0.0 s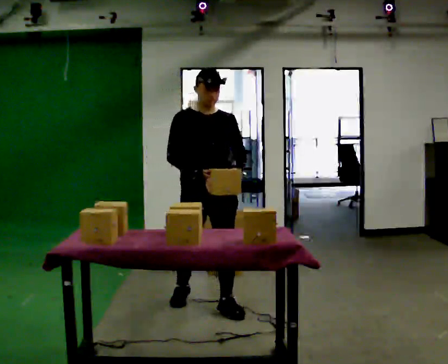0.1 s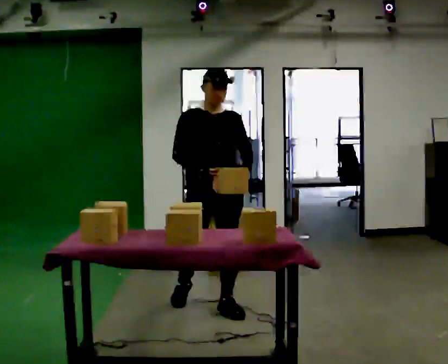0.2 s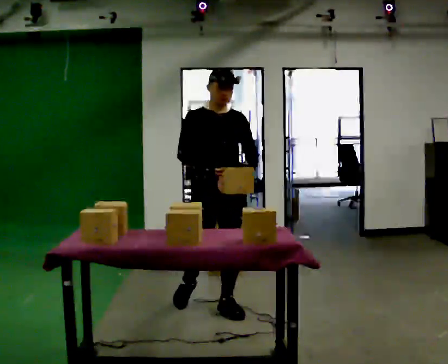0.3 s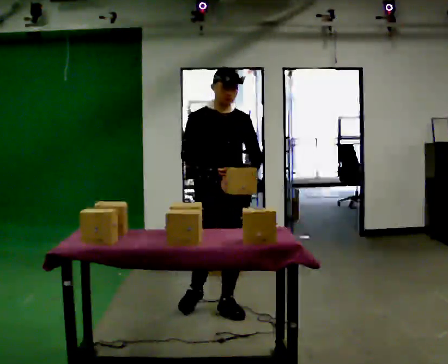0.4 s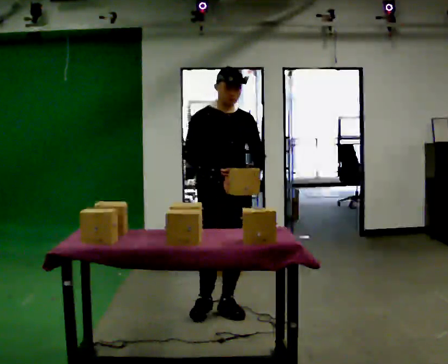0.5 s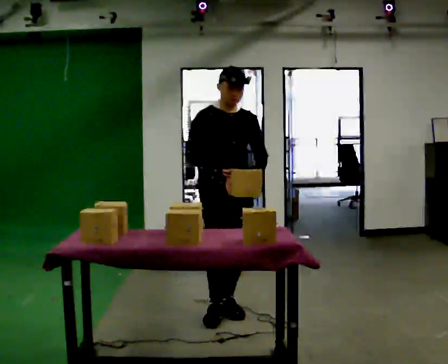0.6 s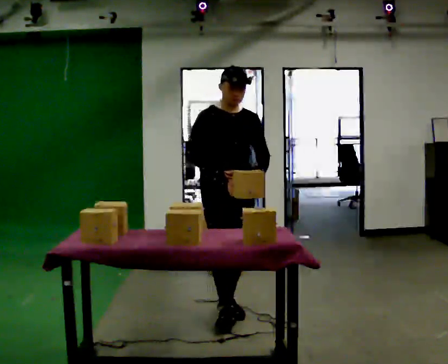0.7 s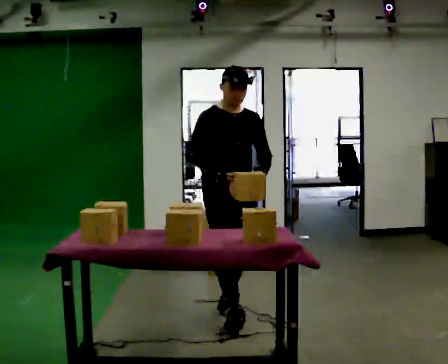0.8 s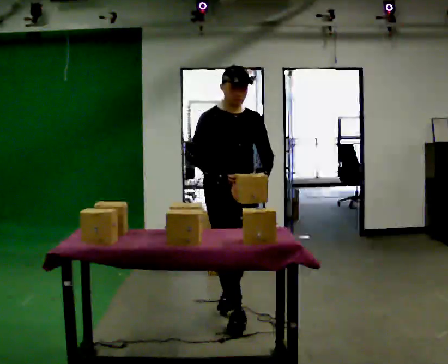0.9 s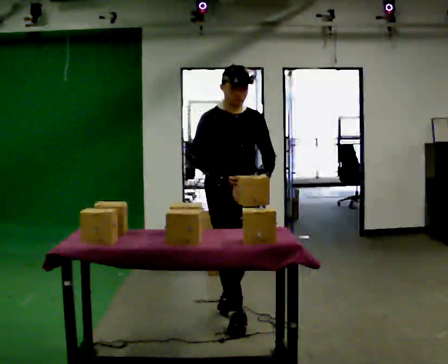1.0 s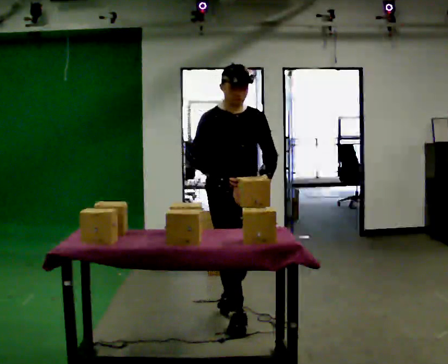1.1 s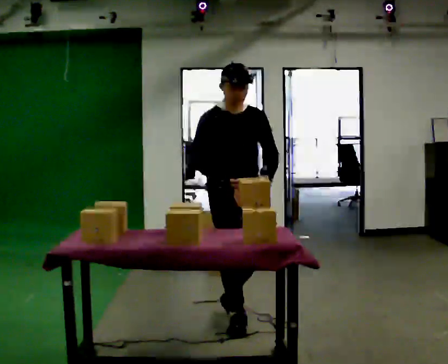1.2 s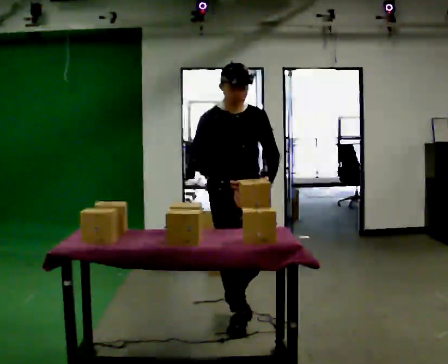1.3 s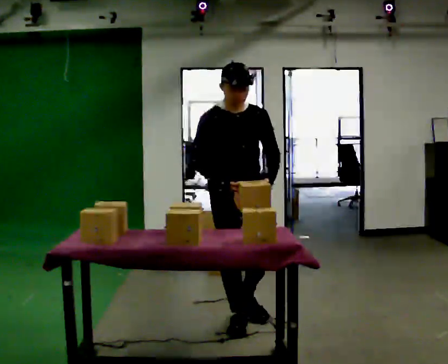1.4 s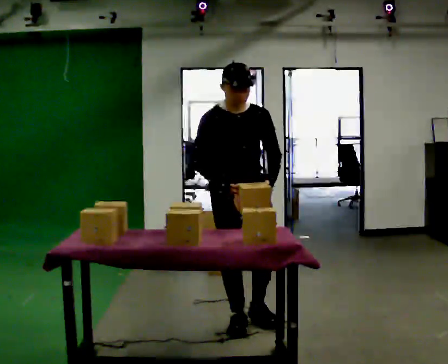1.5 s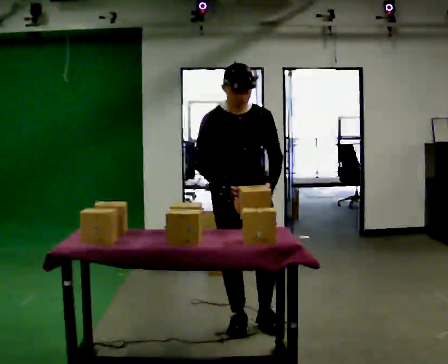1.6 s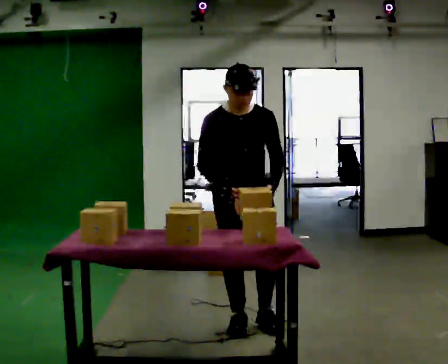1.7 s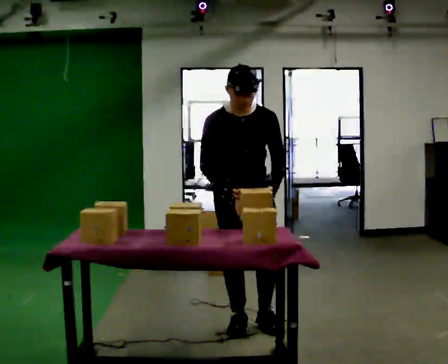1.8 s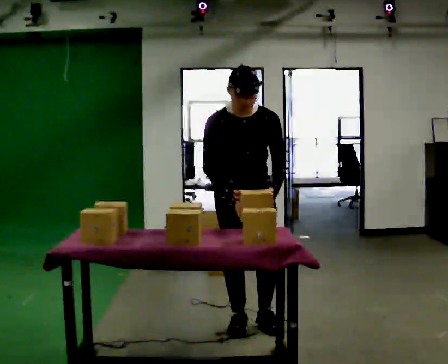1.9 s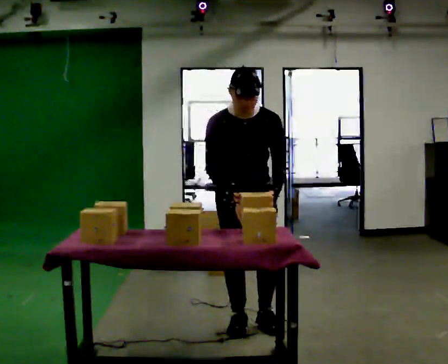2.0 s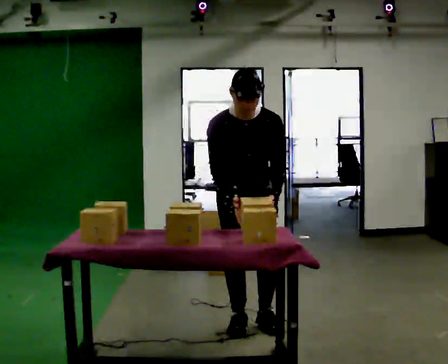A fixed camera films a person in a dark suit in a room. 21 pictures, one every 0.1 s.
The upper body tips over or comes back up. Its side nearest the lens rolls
downward.
0.0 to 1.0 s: In the picture they go toward the camera and to the right, about 0.25 m in 1 step, which for them is forward.
1.0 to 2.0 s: The upper body tips toward the camera, its near side rolling downward, as they bend forward.
The film runs forward here.
